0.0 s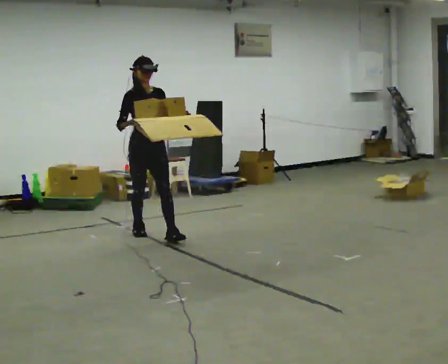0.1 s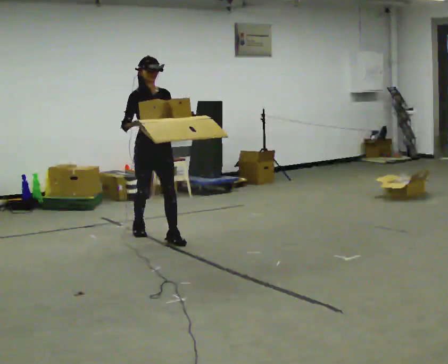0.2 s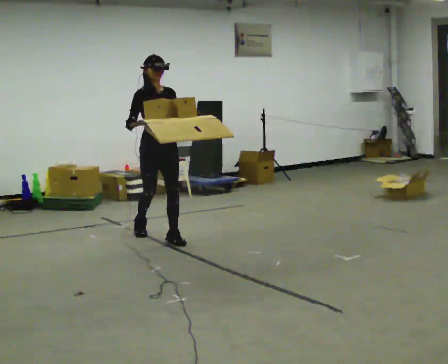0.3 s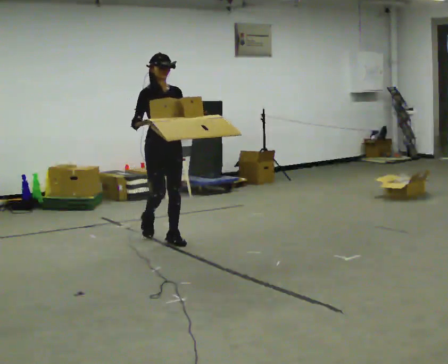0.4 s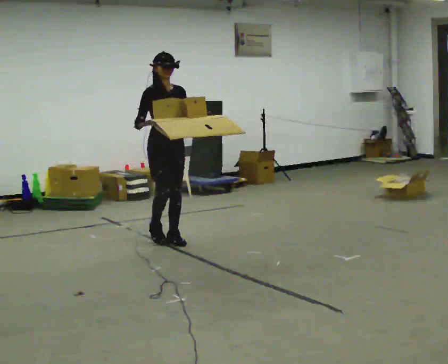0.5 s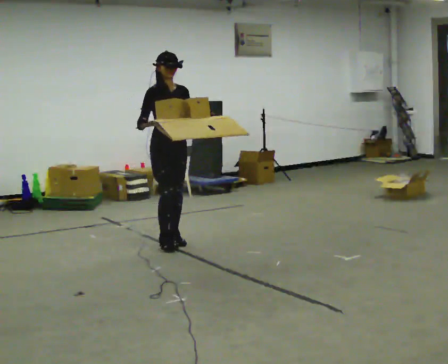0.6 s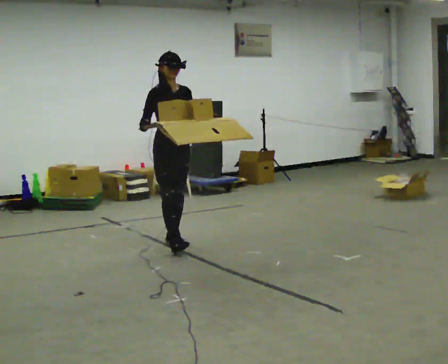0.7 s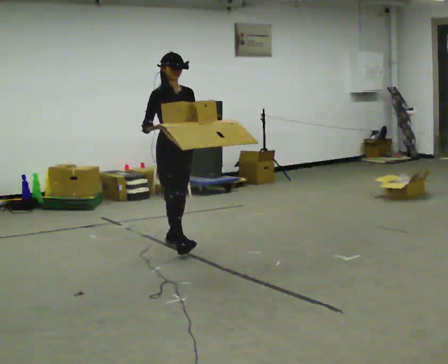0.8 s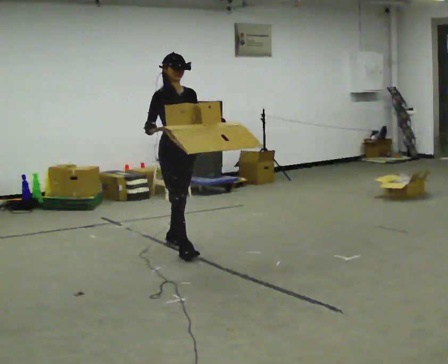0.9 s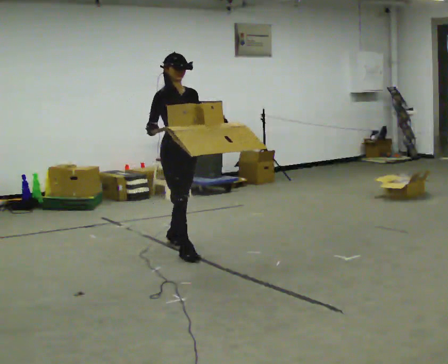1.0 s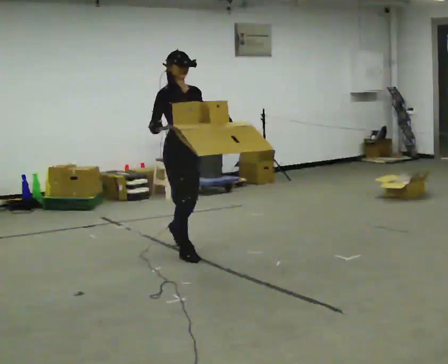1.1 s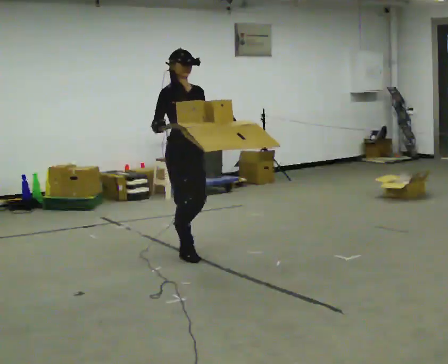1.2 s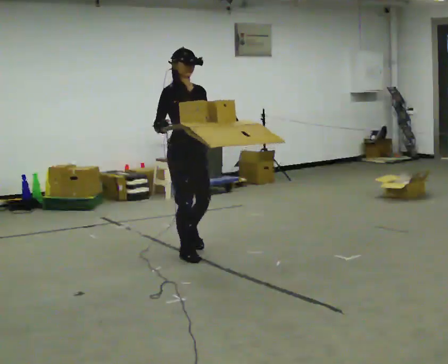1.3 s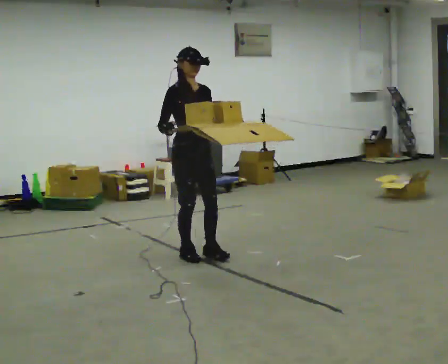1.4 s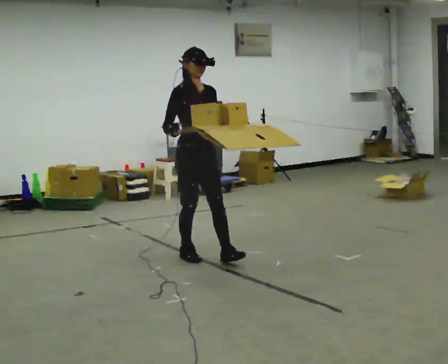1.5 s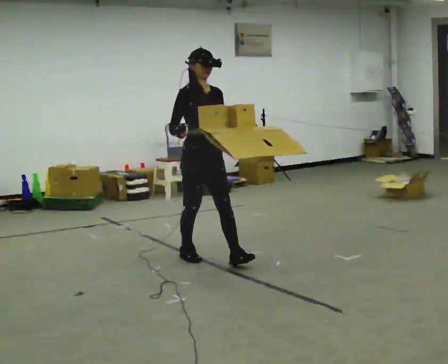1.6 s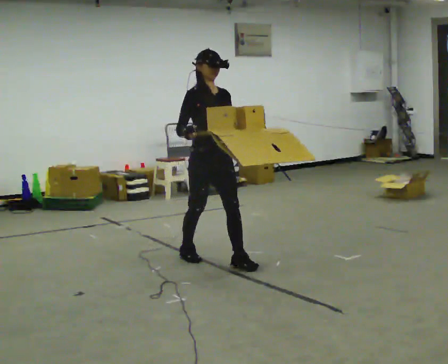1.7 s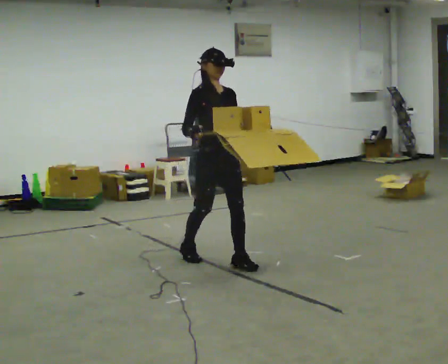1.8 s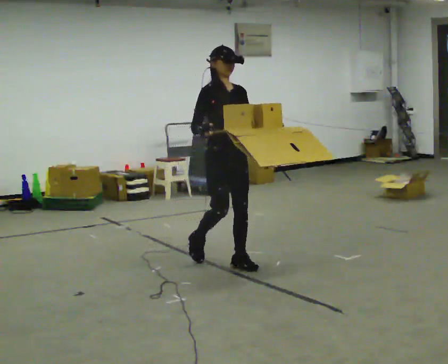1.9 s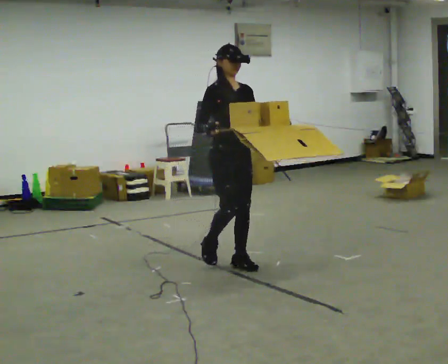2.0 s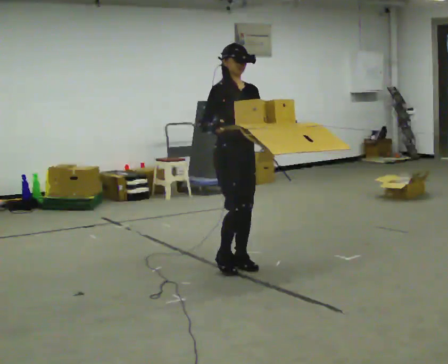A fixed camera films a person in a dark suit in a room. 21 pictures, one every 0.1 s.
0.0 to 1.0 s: In the picture they go toward the camera and to the right, about 0.75 m in 1 step, which for them is forward.
1.0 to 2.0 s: In the picture they go toward the camera and to the right, about 0.5 m in 1 step, which for them is forward.
The film runs forward here.
